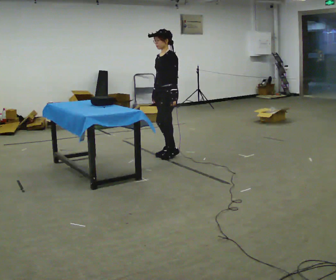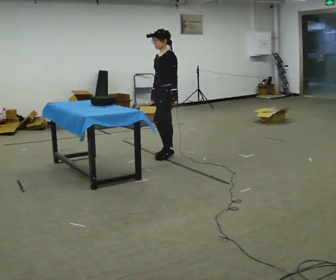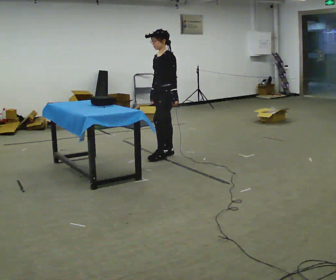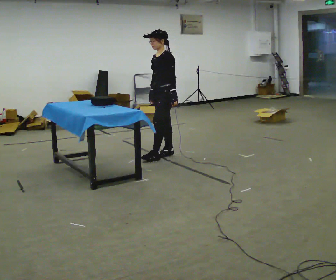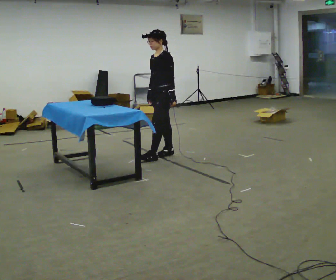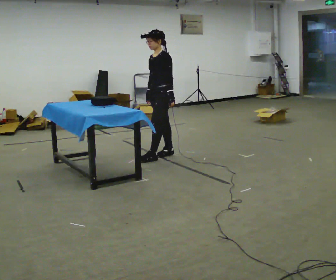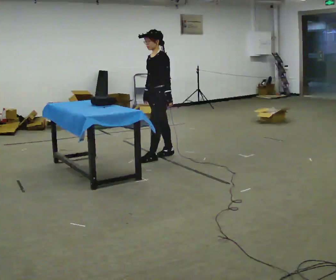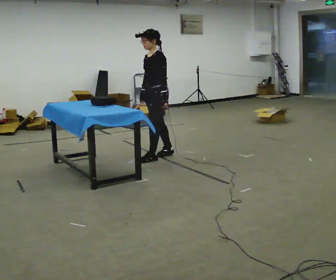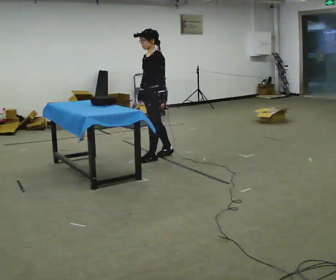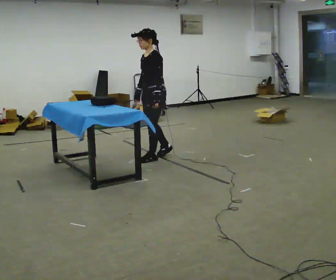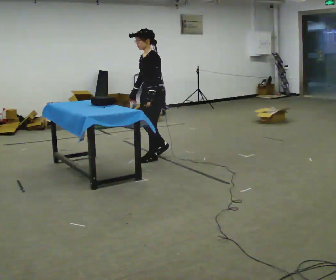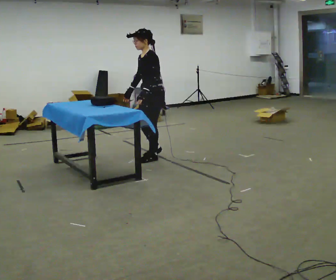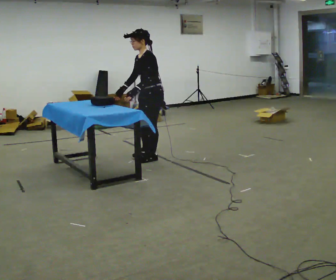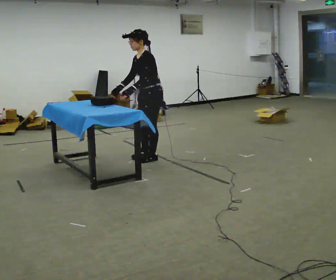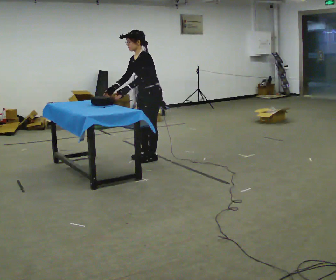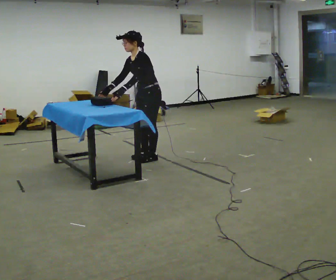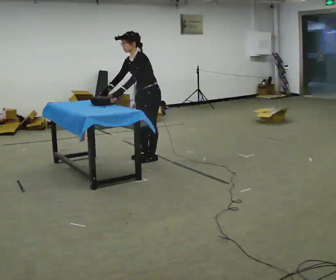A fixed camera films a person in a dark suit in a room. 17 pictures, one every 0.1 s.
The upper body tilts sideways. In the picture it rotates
counterclockwise.
0.0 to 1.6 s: In the picture they go to the left, about 0.25 m in 2 steps, which for them is forward. In the picture the upper body tilts counterclockwise, shoulders to the left, as they bend forward.
The film runs forward here.
